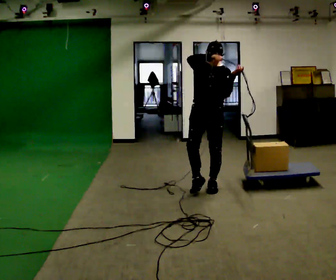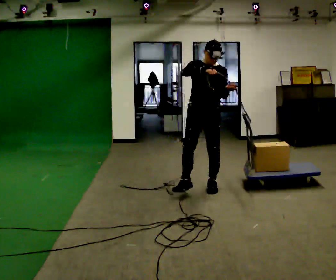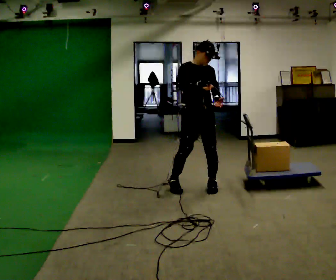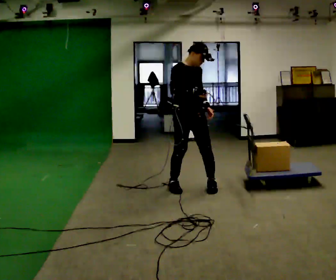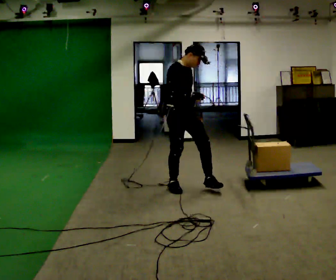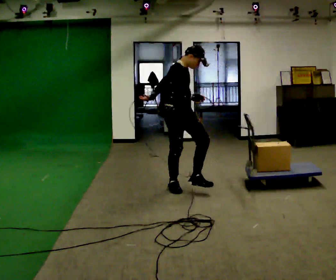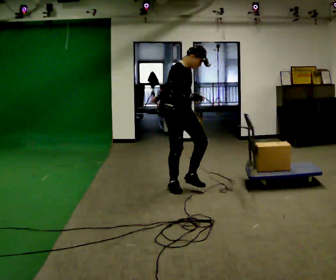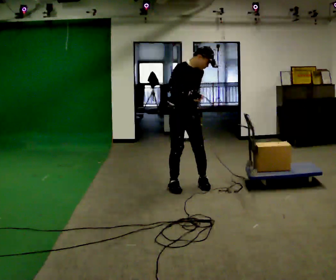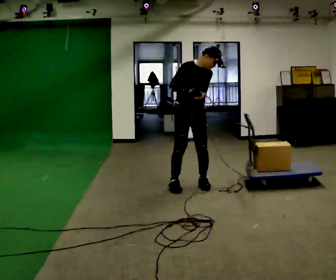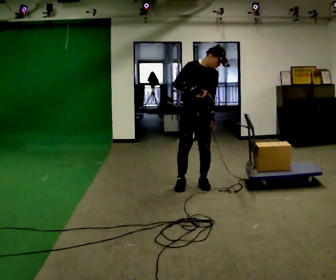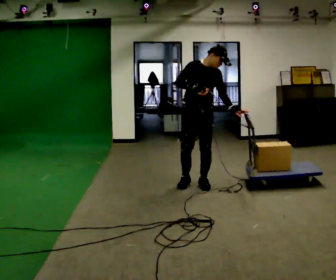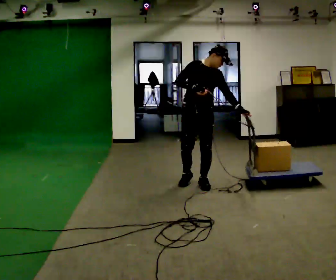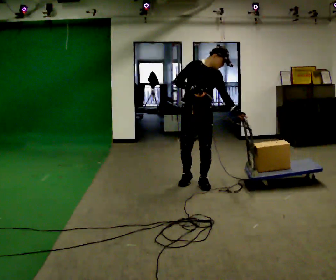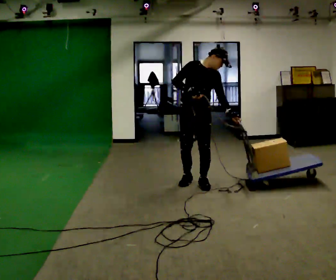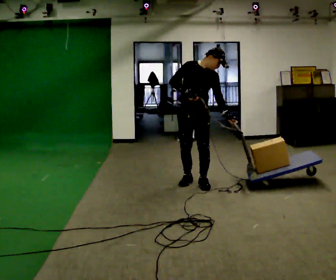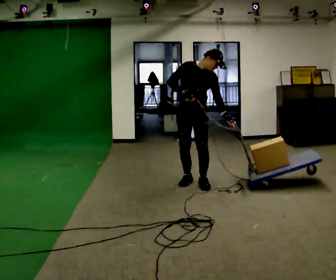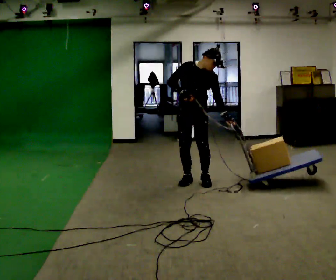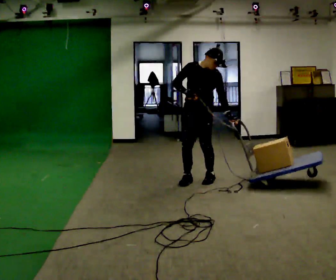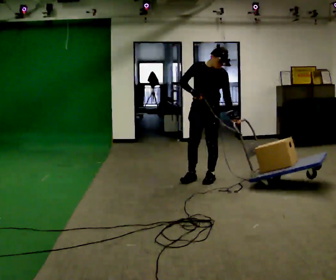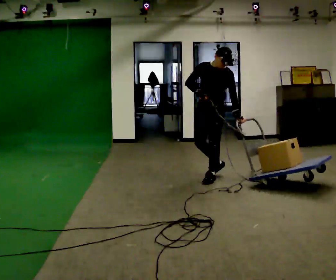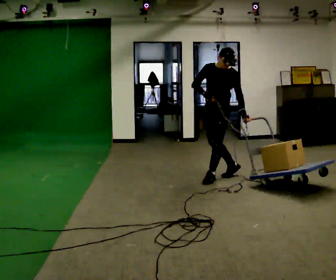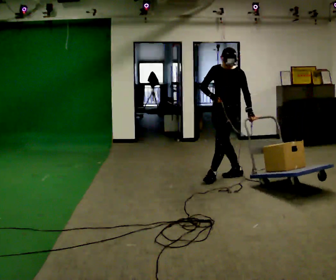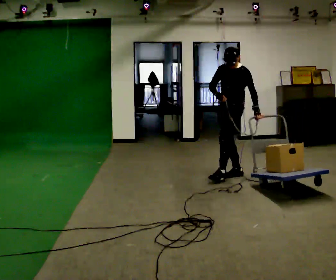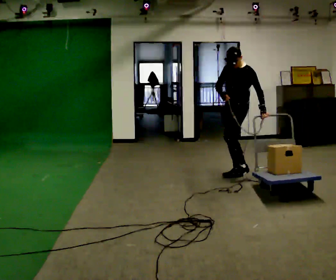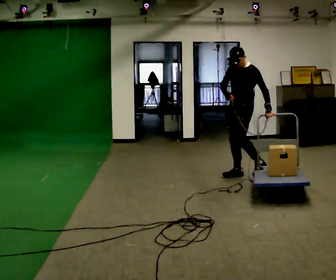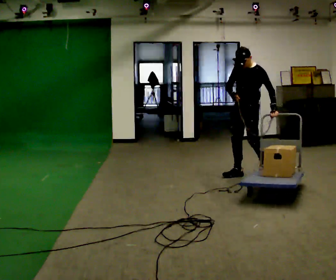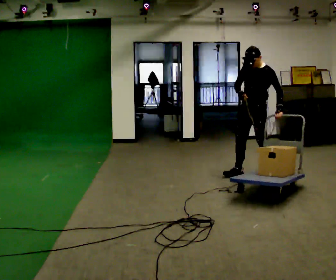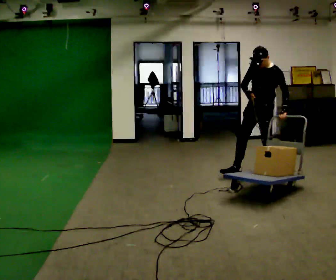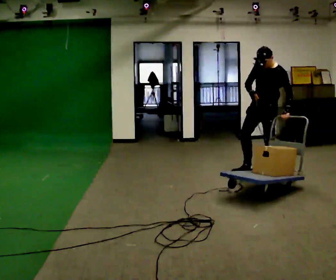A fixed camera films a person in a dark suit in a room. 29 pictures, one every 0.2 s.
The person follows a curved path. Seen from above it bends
clockwise.
0.0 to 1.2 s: Seen from above the body turns counterclockwise, about 60 degrees: to their left, with its near side sliding to the right. In the picture they go to the left, about 0.25 m in 1 step.
1.2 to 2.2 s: The part of the body nearest the lens slides to the left as the person turns to their right by about 45 degrees. In the picture they go to the right, about 0.25 m in 1 step, which for them is to their left.
2.2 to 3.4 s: Seen from above the body turns clockwise, about 30 degrees: to their right, with its near side sliding to the left. In the picture they go away from the camera, about 0.25 m in 1 step, which for them is backward.
3.4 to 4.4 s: Seen from above the body turns clockwise, about 45 degrees: to their right, with its near side sliding to the left. In the picture they go to the right and away from the camera, about 0.5 m in 2 steps, which for them is backward and to their left.
4.4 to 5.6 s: In the picture they go to the right, about 0.5 m in 1 step, which for them is to their left and backward.
The film runs backward here.
